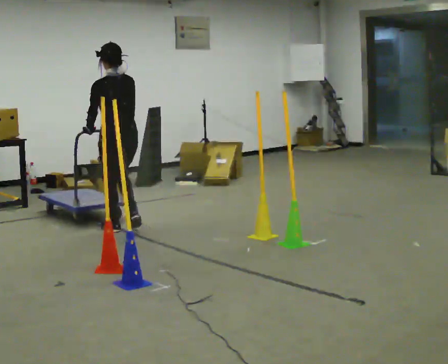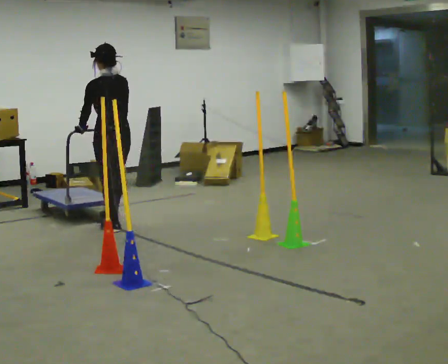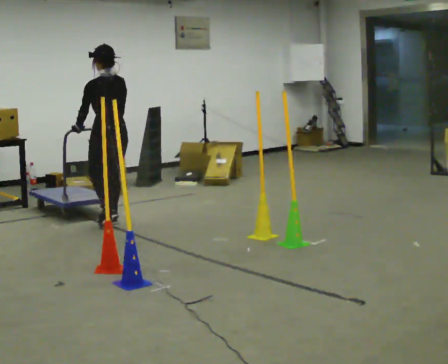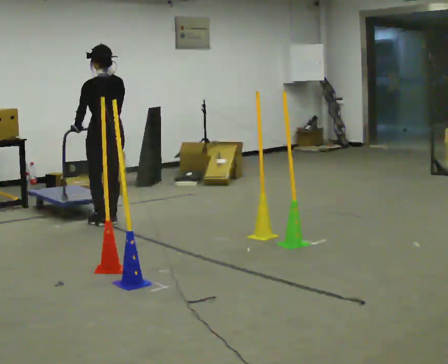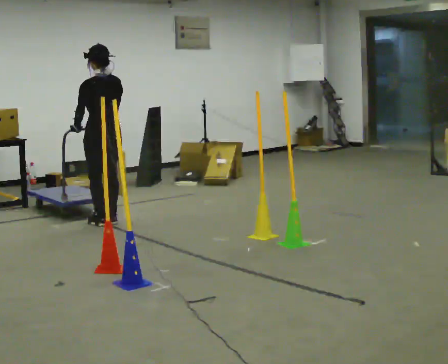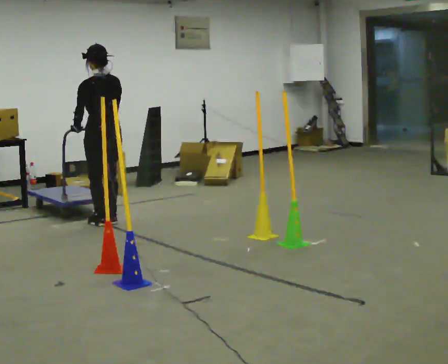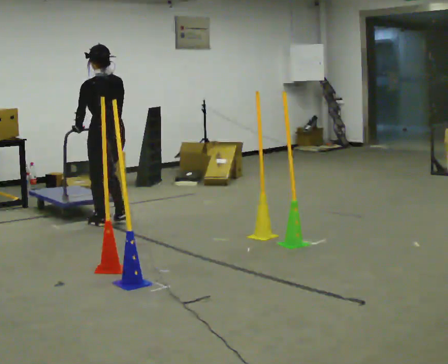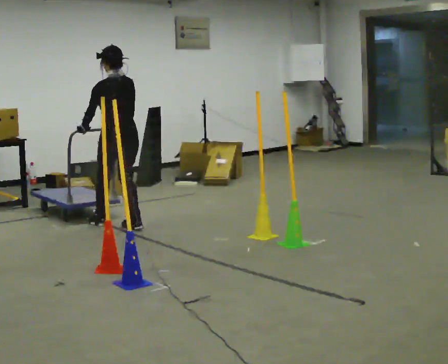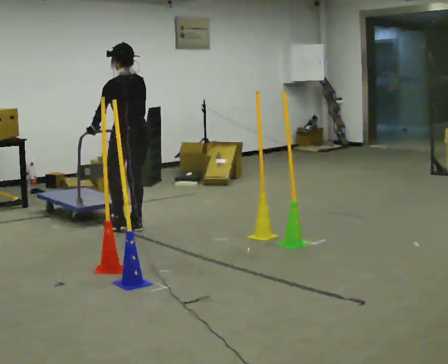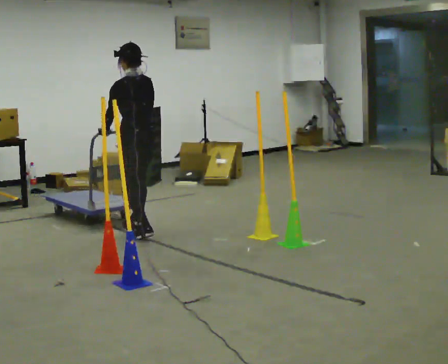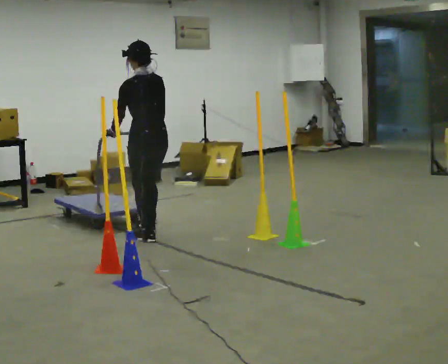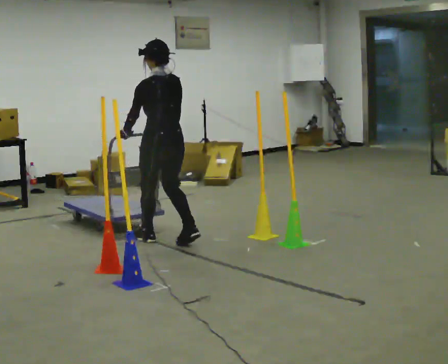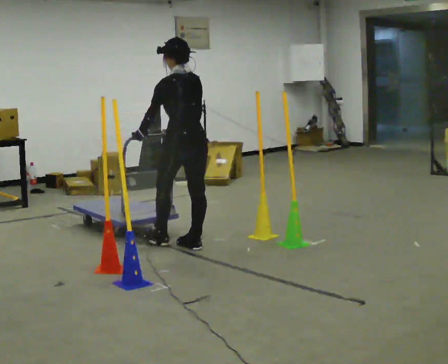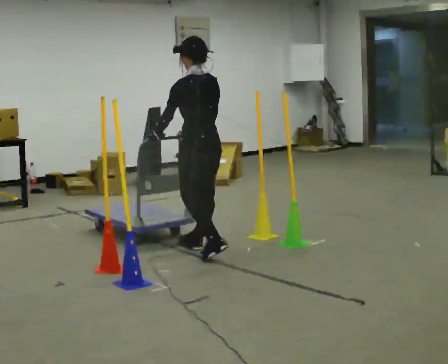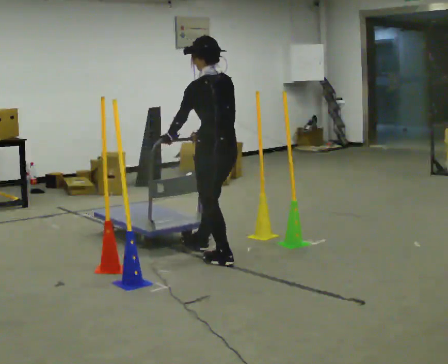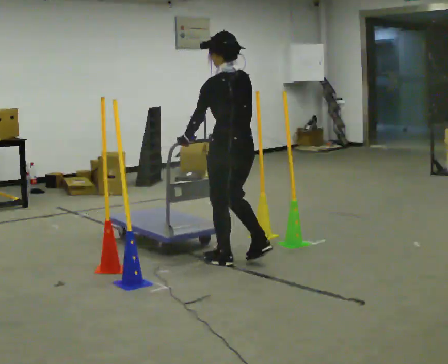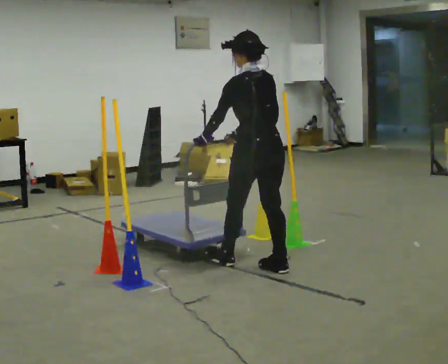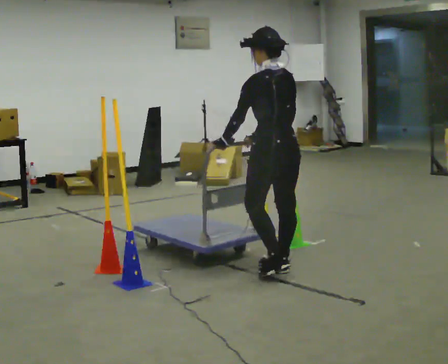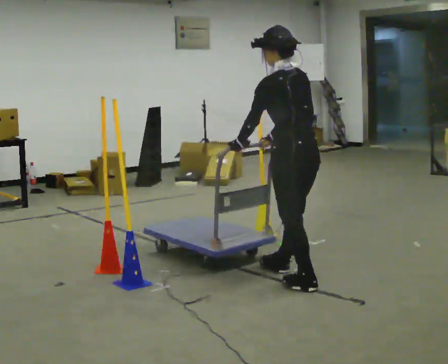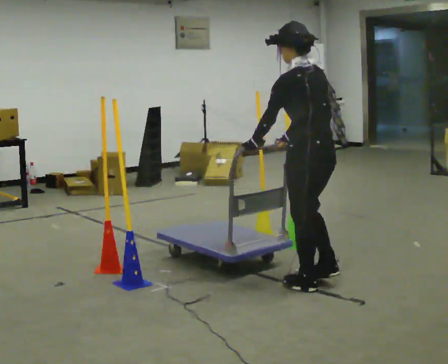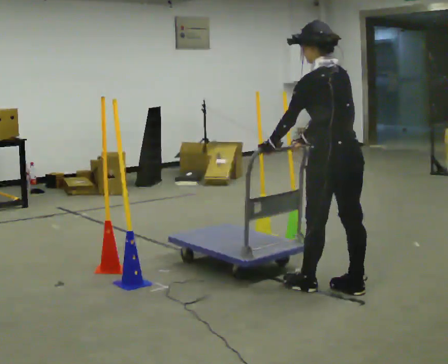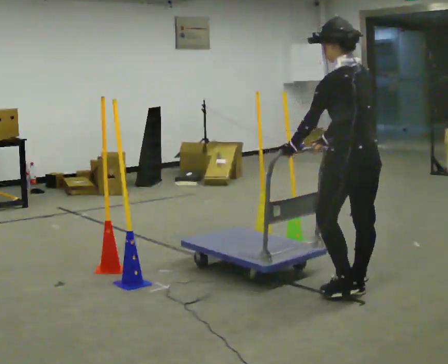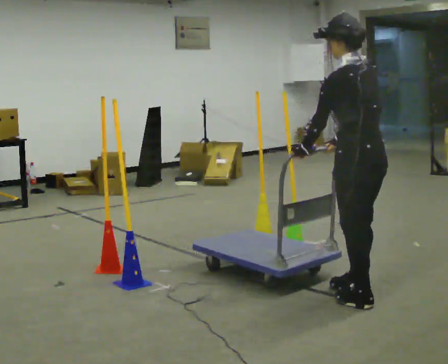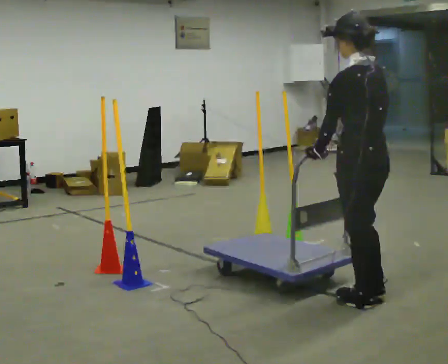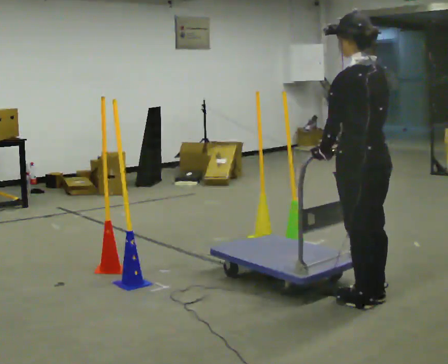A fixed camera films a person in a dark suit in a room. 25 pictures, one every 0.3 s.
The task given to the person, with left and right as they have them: Push the cart in and out of the line of poles without touching any of them. Keep going until the operator says stop.
0.0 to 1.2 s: In the picture they go away from the camera and to the left, about 0.25 m in 2 steps, which for them is forward.
1.2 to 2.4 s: In the picture they go to the right and toward the camera, about 0.5 m in 1 step, which for them is backward.
2.4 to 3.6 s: In the picture they go toward the camera and to the right, about 1 m in 2 steps, which for them is backward.
3.6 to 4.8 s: In the picture they go toward the camera and to the right, about 1 m in 2 steps, which for them is backward.
4.8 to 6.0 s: In the picture they go toward the camera and to the right, about 0.75 m in 2 steps, which for them is backward.
6.0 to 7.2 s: In the picture they go toward the camera, about 0.25 m in 2 steps, which for them is backward.
The film runs forward here.
